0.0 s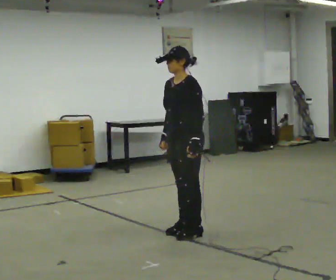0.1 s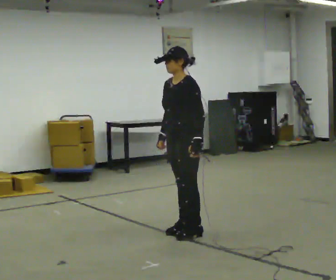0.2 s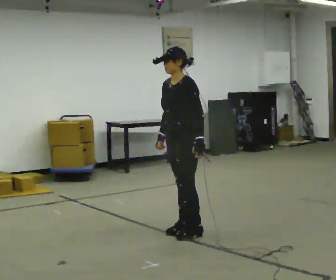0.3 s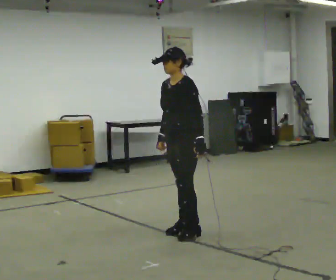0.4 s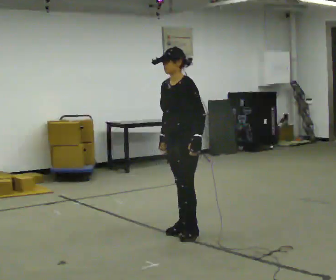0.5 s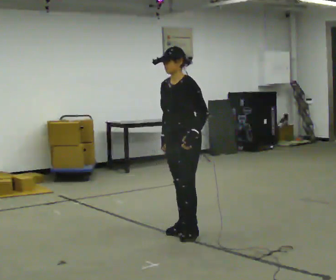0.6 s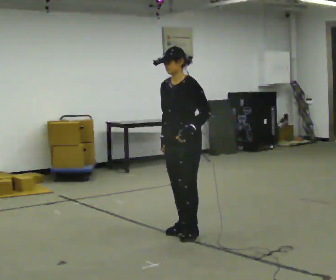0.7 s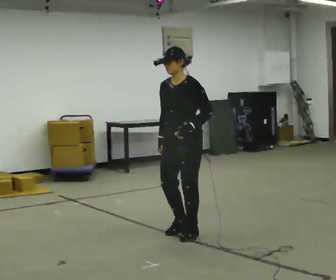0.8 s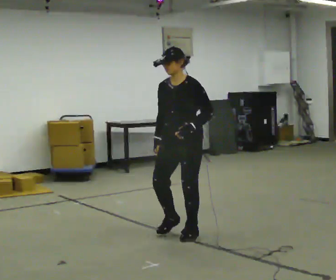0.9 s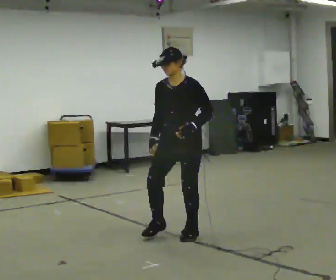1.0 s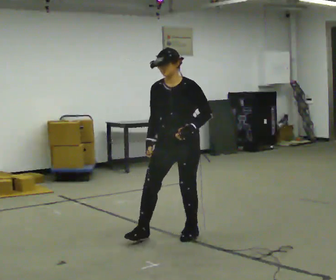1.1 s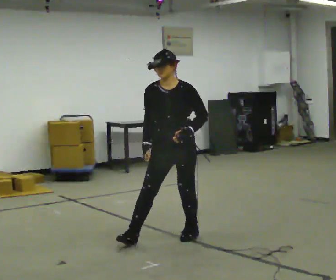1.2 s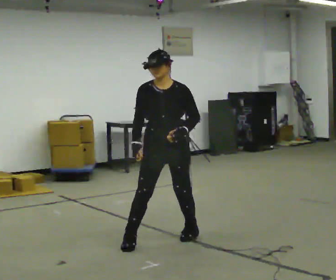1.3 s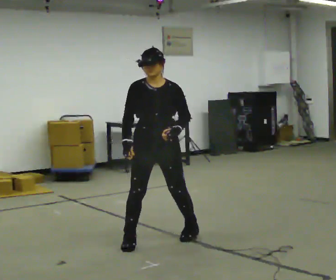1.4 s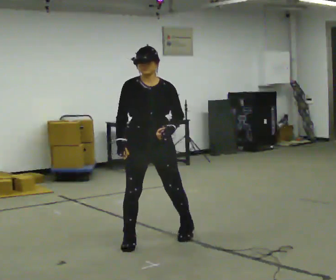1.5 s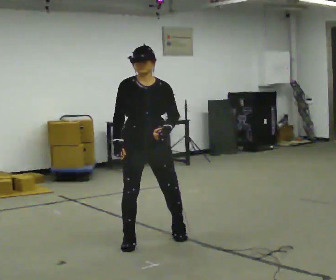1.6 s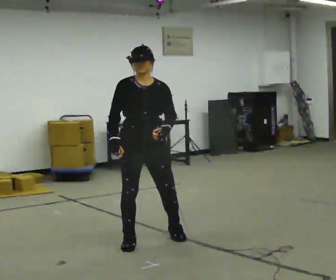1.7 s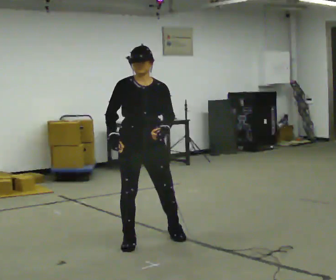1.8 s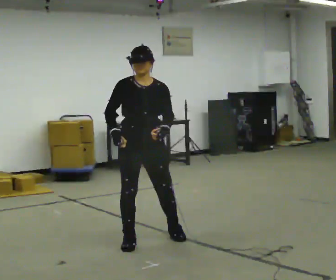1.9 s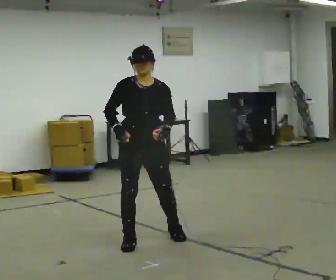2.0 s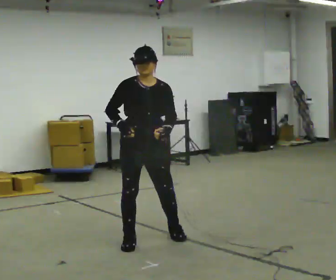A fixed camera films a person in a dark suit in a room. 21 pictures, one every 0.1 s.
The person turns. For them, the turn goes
to their left.
The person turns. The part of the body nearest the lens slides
to the right.
0.0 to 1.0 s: The person turns about 30 degrees to their left, counterclockwise seen from above, so the part of the body nearest the lens slides to the right.
1.0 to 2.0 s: Seen from above the body turns counterclockwise, about 45 degrees: to their left, with its near side sliding to the right. In the picture they go to the left and toward the camera, about 0.25 m in 1 step, which for them is to their right.
The film runs backward here.
